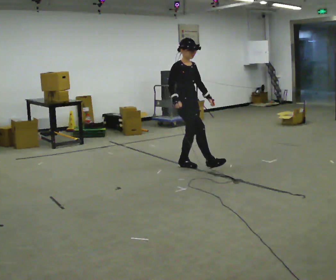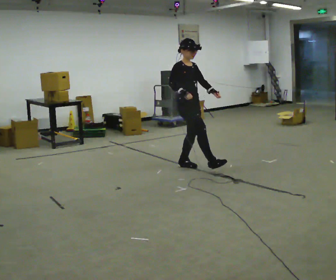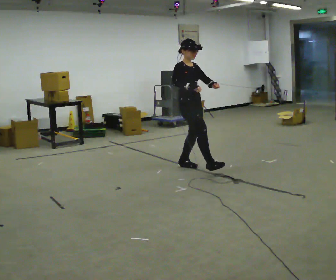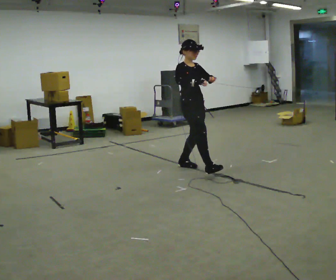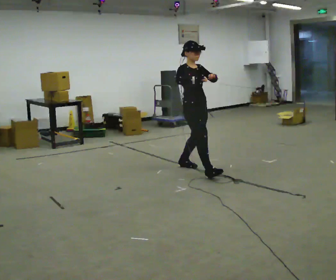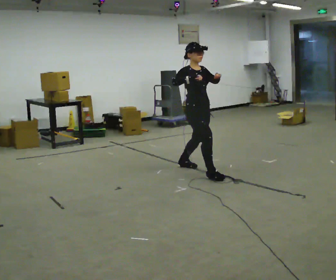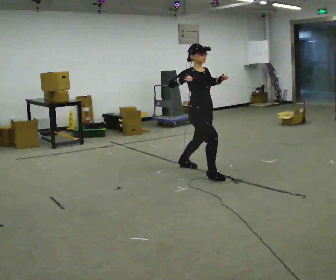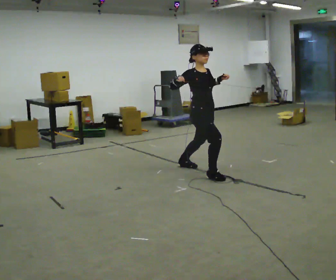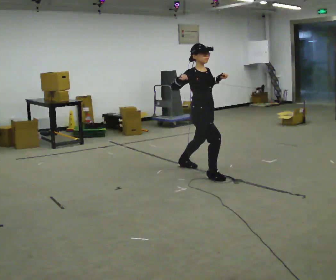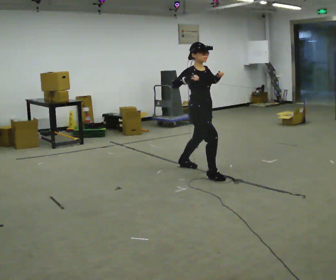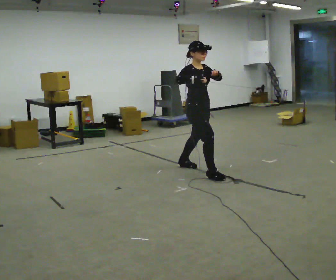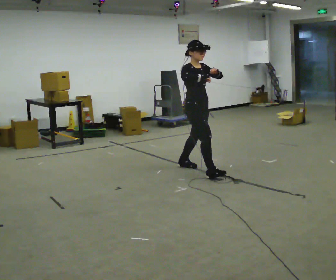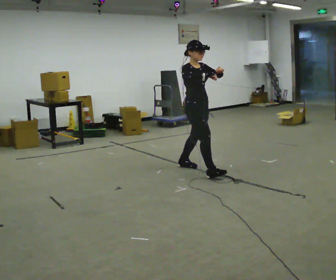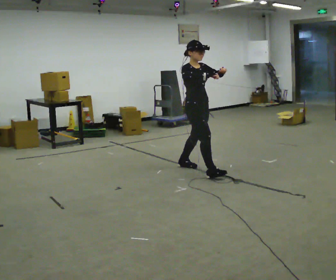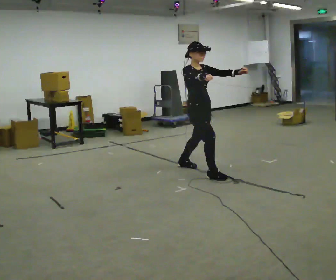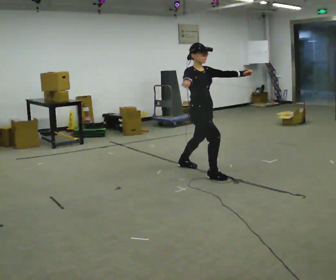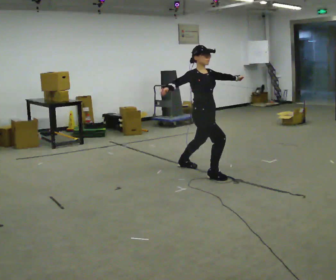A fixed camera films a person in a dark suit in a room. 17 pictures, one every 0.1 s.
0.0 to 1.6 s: In the picture they go toward the camera and to the right, about 0.25 m in 1 step, which for them is forward.
The film runs forward here.
